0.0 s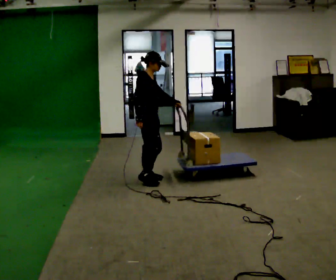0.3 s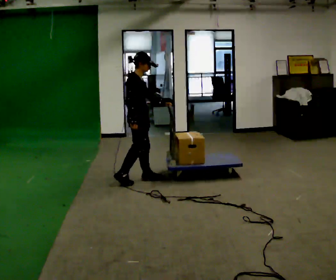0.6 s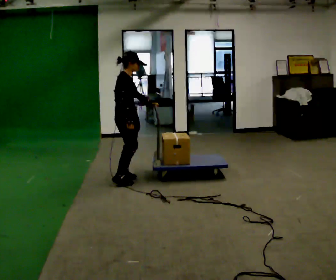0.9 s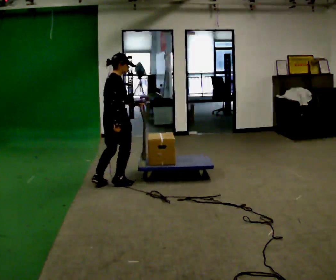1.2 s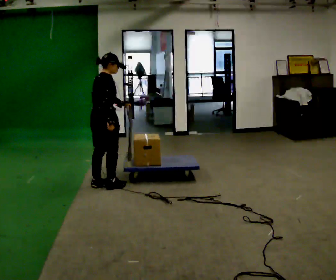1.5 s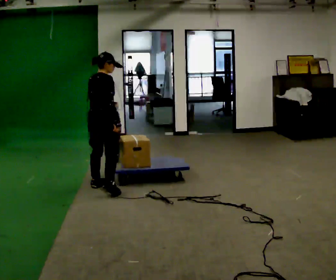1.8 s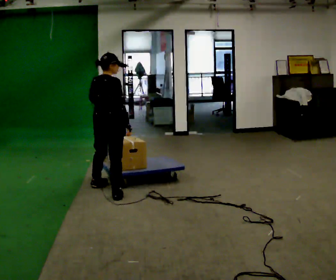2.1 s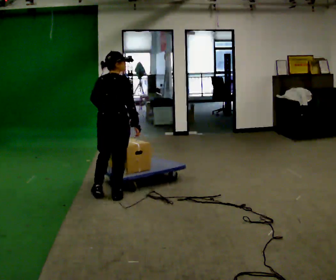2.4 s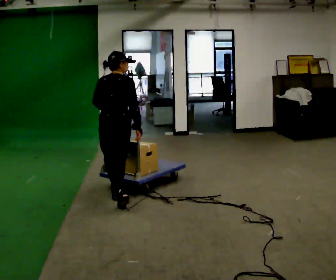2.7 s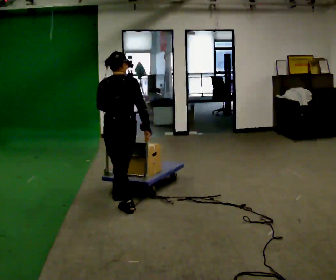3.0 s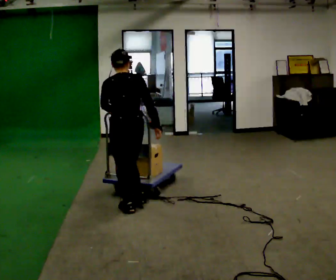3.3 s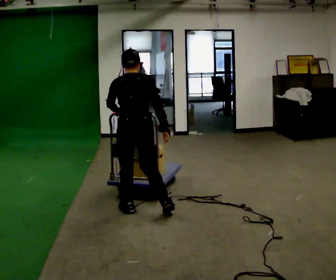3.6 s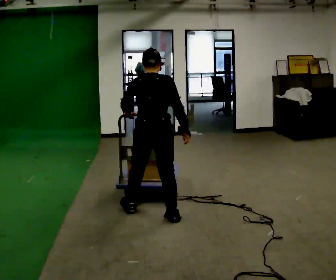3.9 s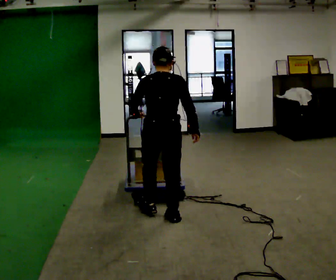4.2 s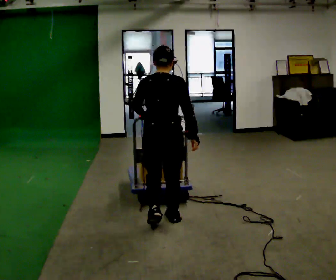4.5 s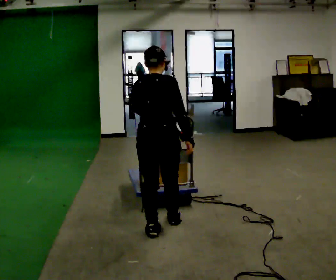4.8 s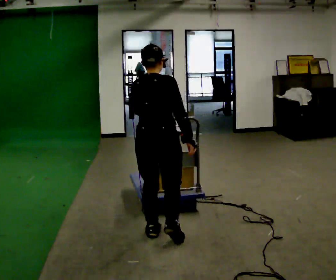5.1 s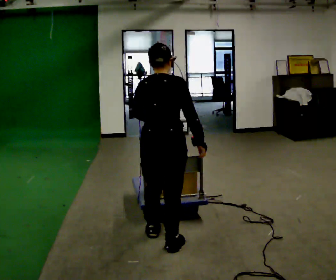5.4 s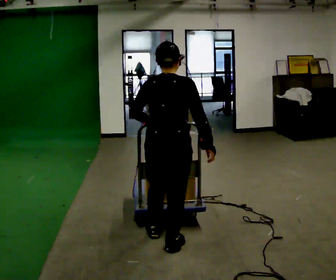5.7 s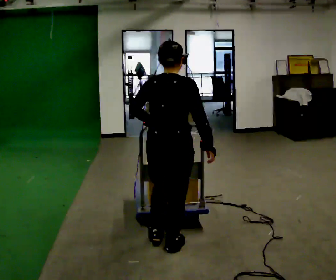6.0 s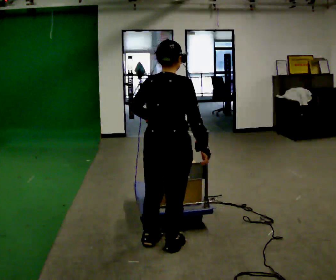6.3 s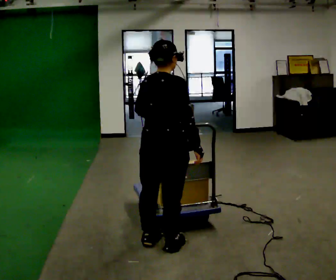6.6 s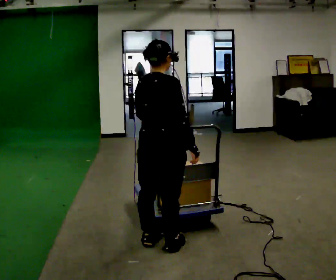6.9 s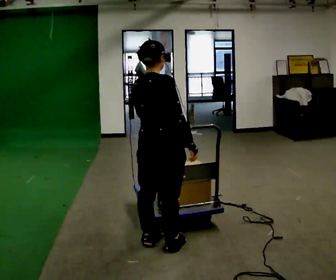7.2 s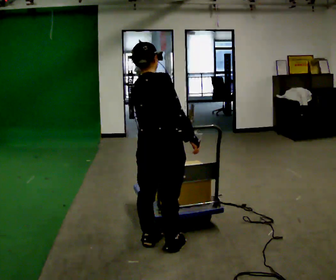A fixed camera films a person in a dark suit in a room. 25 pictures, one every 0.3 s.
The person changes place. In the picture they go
toward the camera.
0.0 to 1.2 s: The person turns about 45 degrees to their left, counterclockwise seen from above, so the part of the body nearest the lens slides to the right. In the picture they go to the left and toward the camera, about 0.5 m in 2 steps, which for them is backward.
1.2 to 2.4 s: The part of the body nearest the lens slides to the right as the person turns to their left by about 60 degrees. In the picture they go toward the camera and to the right, about 0.5 m in 1 step, which for them is backward and to their right.
2.4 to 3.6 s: In the picture they go toward the camera and to the right, about 0.5 m in 1 step, which for them is backward.
3.6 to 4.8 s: In the picture they go toward the camera, about 0.5 m in 2 steps, which for them is backward.
4.8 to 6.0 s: In the picture they go toward the camera, about 0.25 m in 1 step, which for them is backward.
6.0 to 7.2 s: The person moves a little, or ends about where they began.
The film runs backward here.
